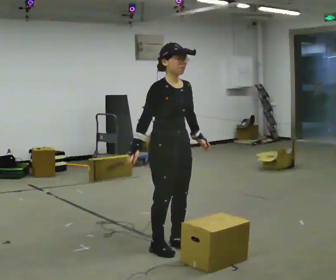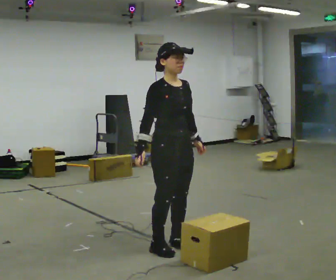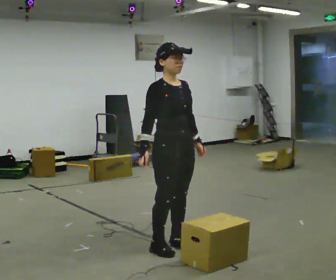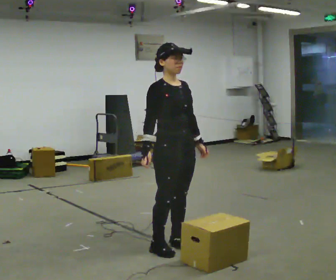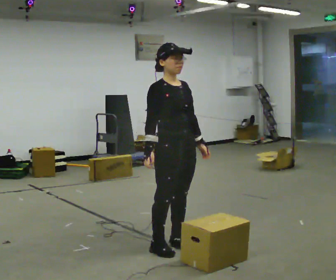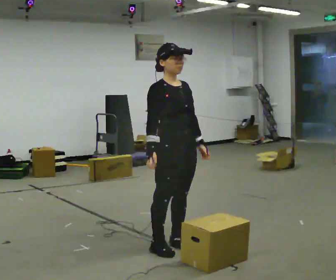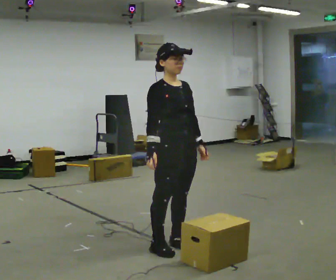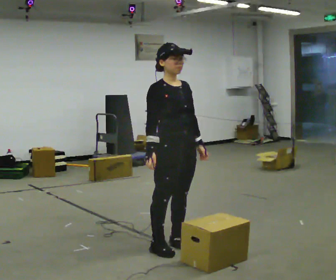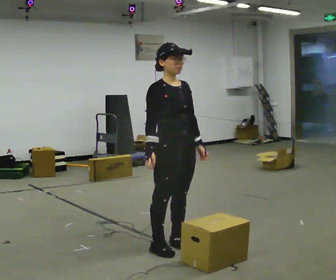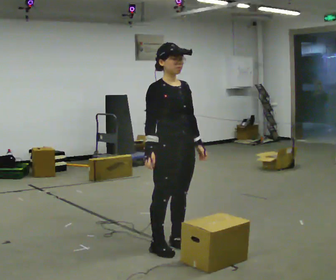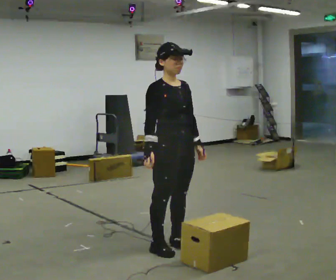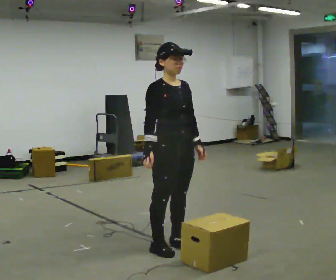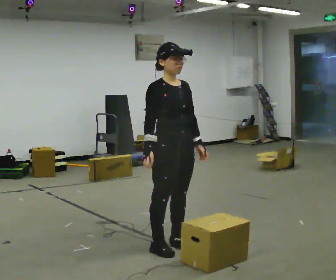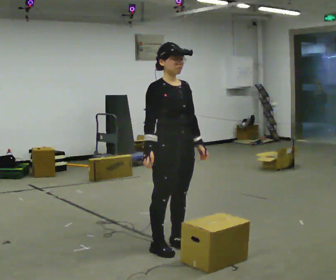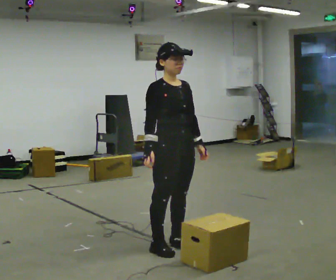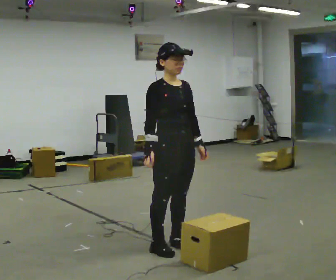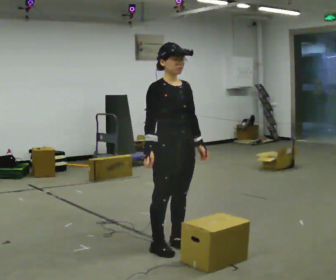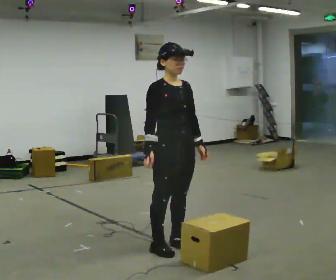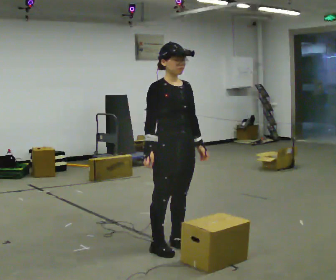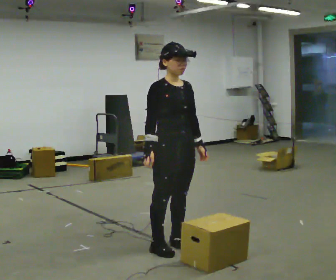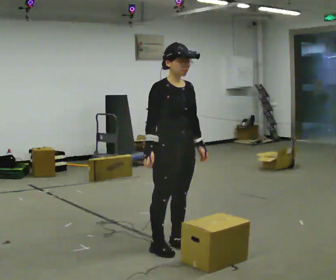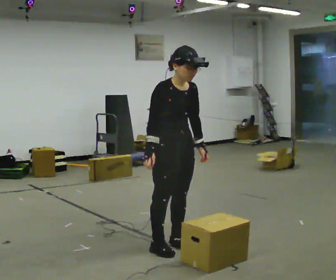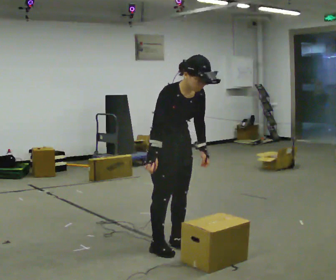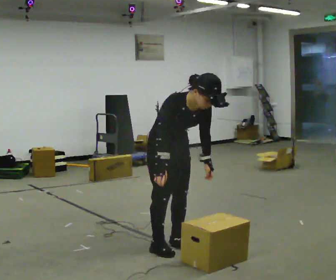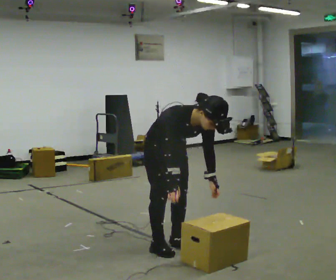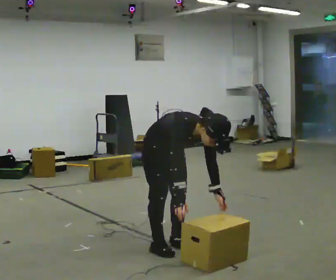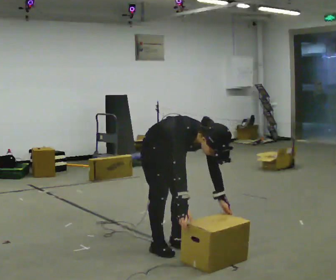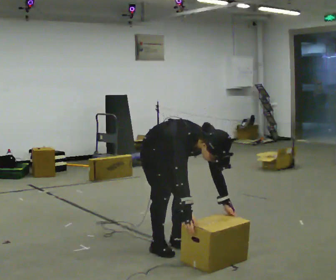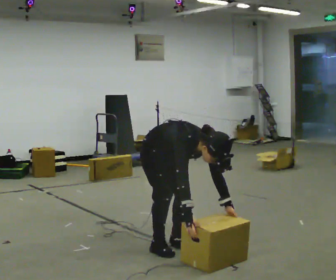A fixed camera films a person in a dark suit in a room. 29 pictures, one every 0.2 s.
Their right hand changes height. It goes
downward.
Their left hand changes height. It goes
downward.
0.0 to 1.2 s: The person moves a little, or ends about where they began.
1.2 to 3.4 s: The person keeps their place and pose.
3.4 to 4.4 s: In the picture the upper body tilts clockwise, shoulders to the right, as they bend forward.
4.4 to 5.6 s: The upper body goes downward. In the picture the upper body tilts clockwise, shoulders to the right, as they bend forward. In the picture their right hand goes downward.
The film runs forward here.
